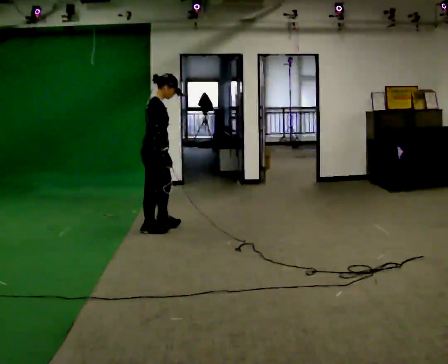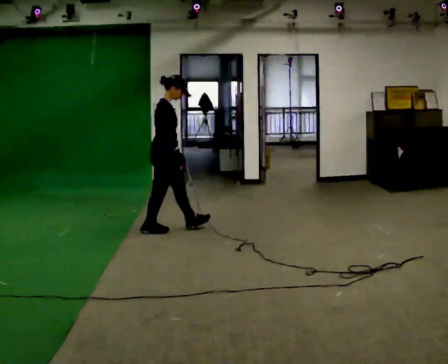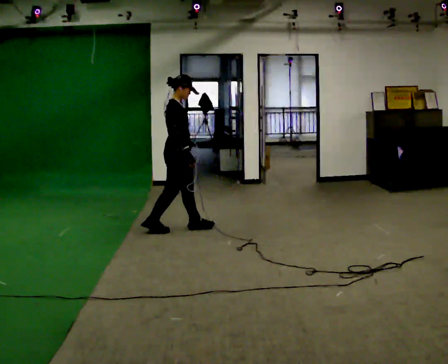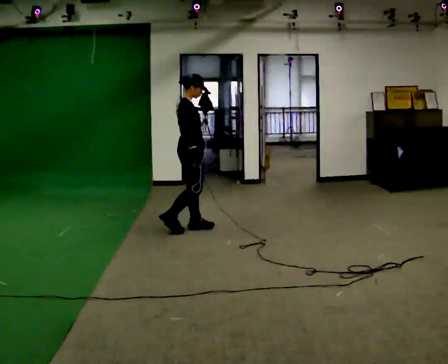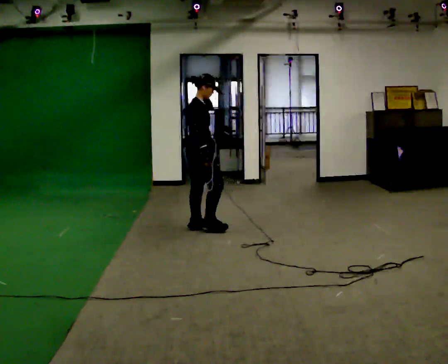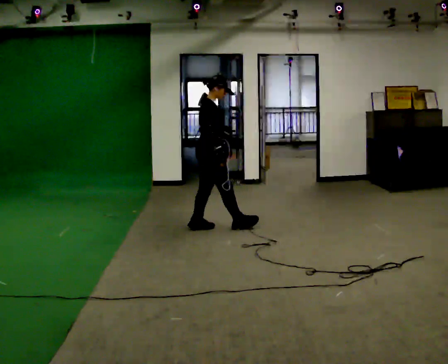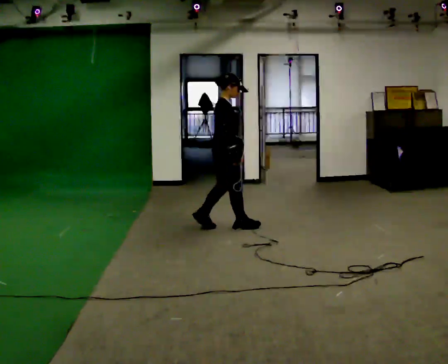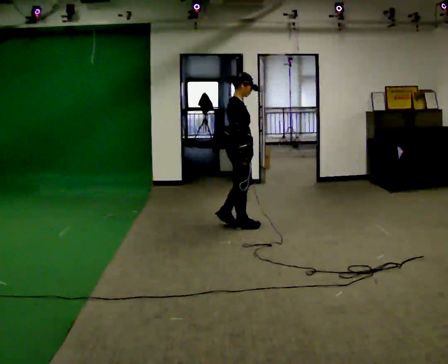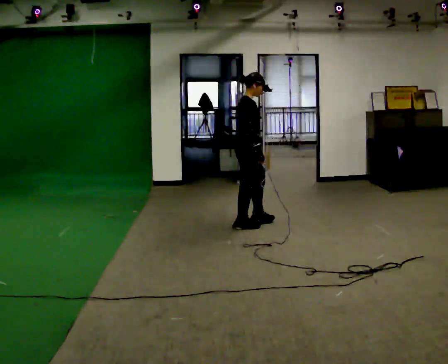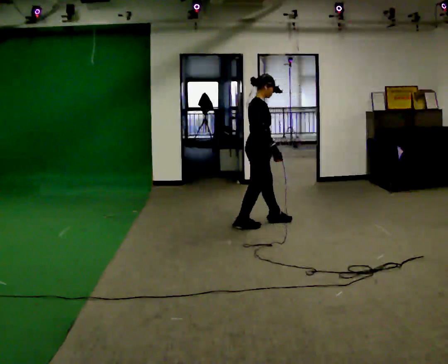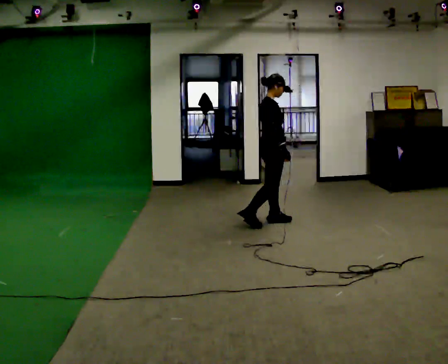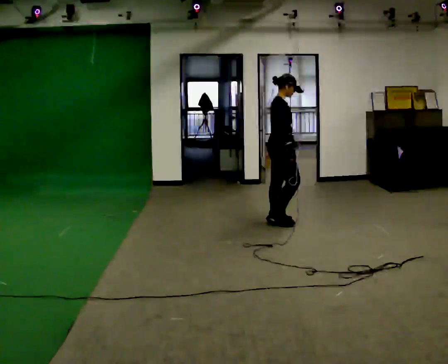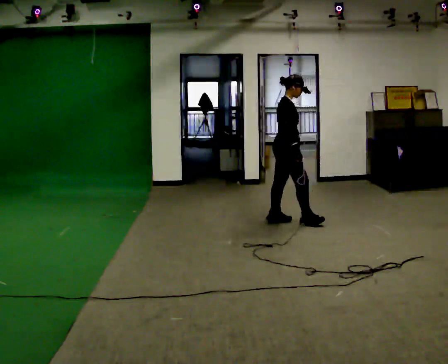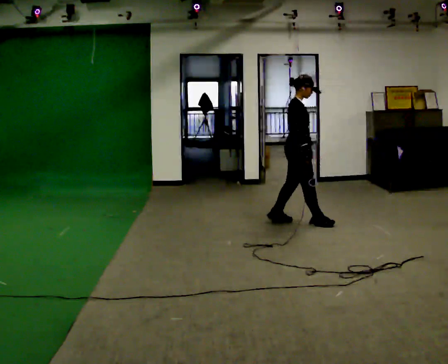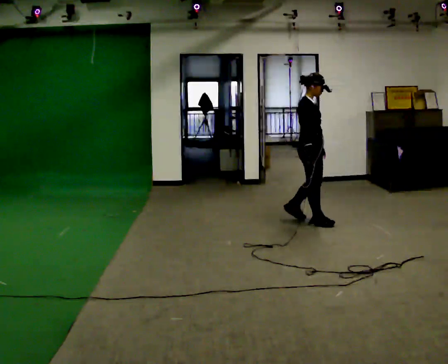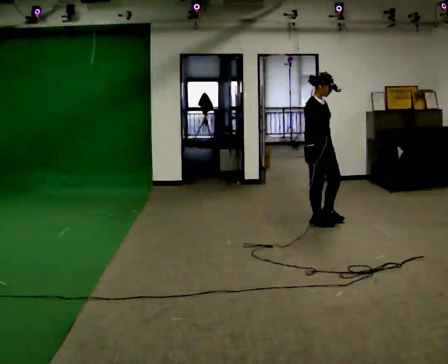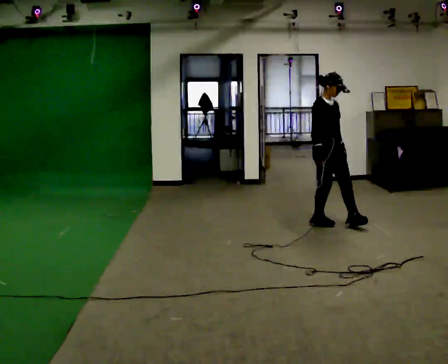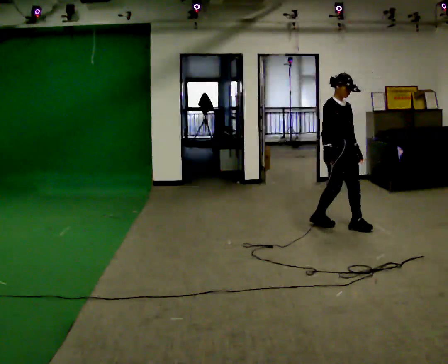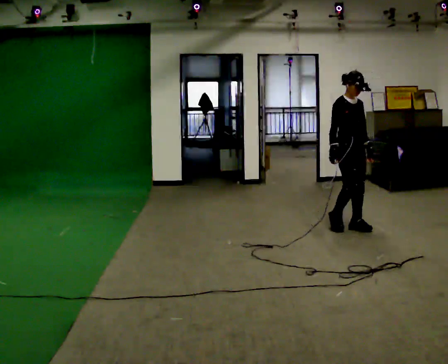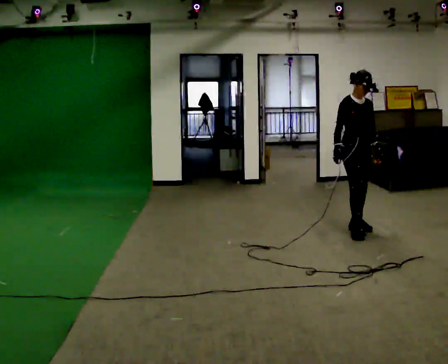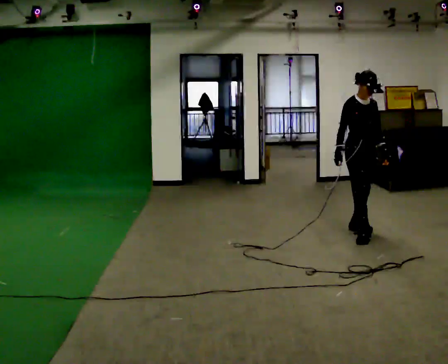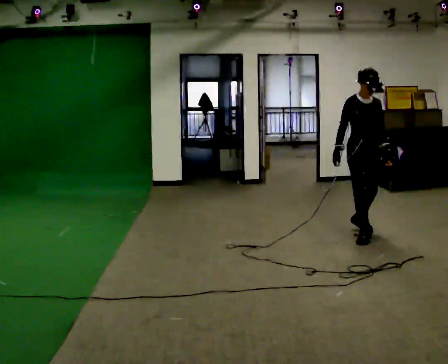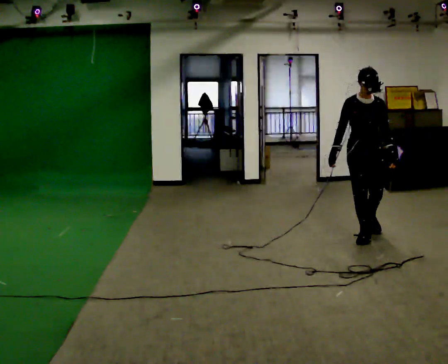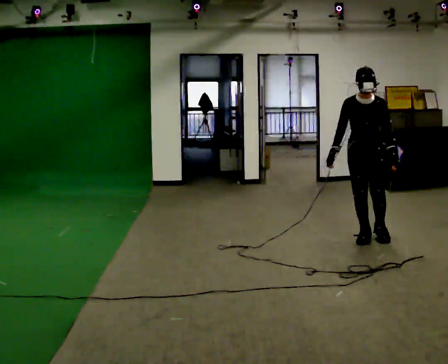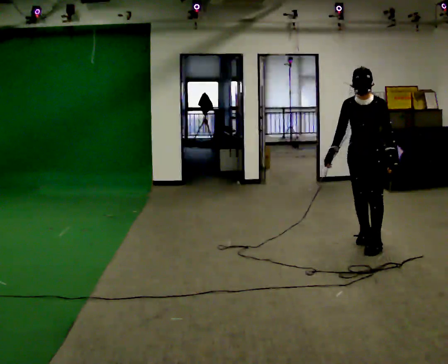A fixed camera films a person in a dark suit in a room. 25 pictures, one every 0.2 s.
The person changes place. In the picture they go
to the right.
The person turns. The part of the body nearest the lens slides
to the left.
0.0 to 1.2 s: In the picture they go to the right and away from the camera, about 0.75 m in 2 steps, which for them is forward.
1.2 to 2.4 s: In the picture they go to the right and away from the camera, about 0.75 m in 1 step, which for them is forward.
2.4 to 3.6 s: The part of the body nearest the lens slides to the left as the person turns to their right by about 60 degrees. In the picture they go to the right and toward the camera, about 0.75 m in 2 steps, which for them is forward.
3.6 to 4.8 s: Seen from above the body turns clockwise, about 60 degrees: to their right, with its near side sliding to the left. In the picture they go toward the camera, about 0.5 m in 1 step, which for them is forward.
The film runs backward here.
